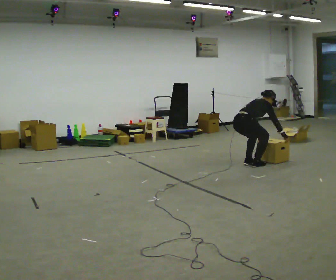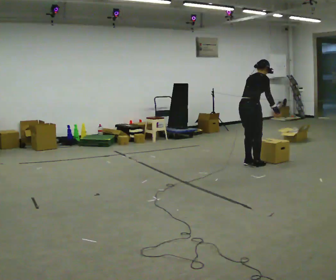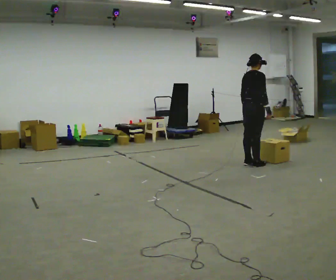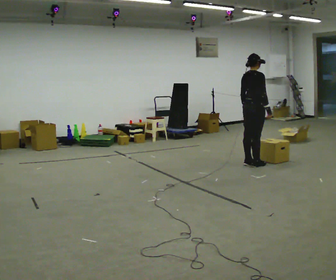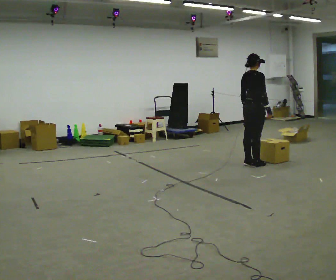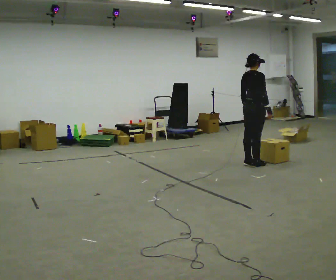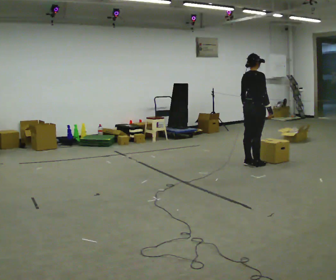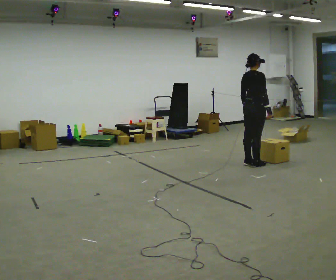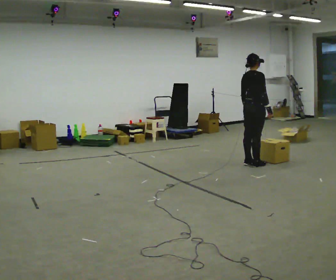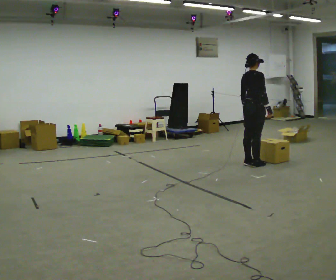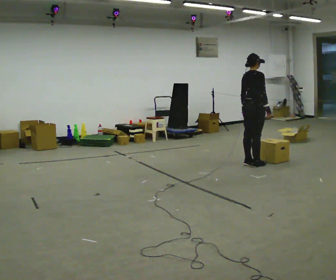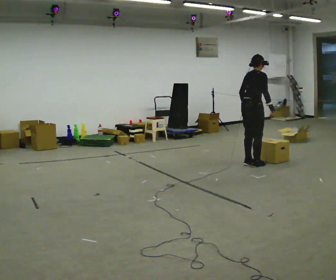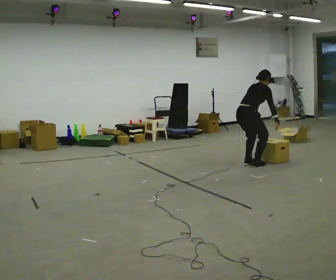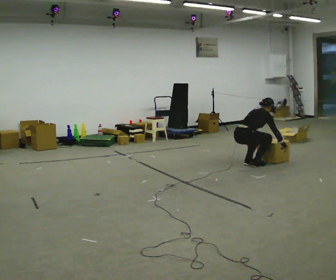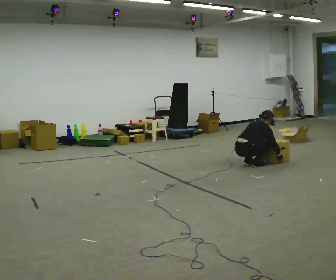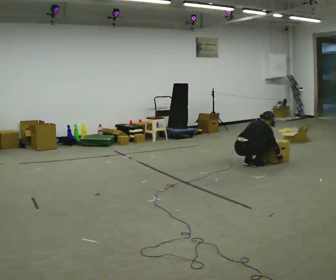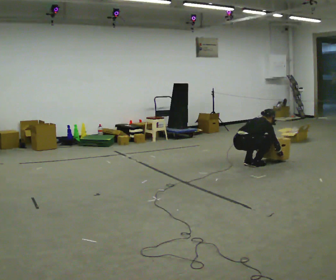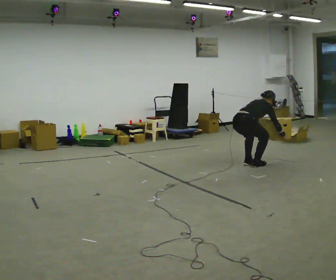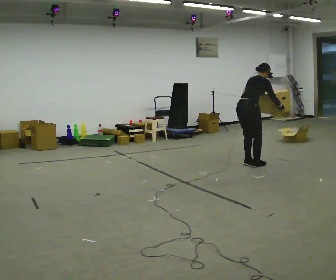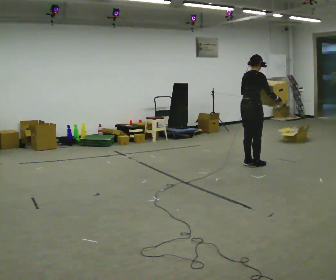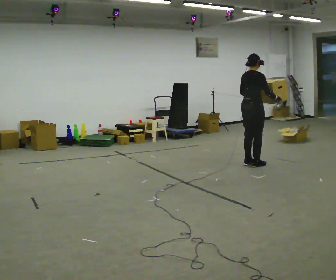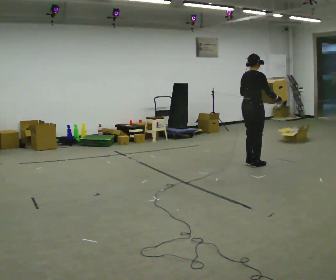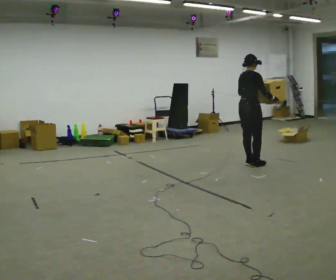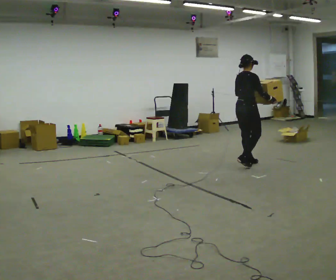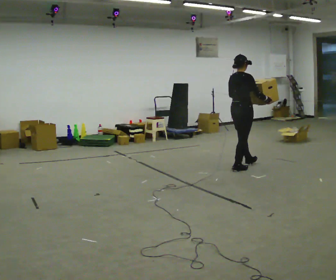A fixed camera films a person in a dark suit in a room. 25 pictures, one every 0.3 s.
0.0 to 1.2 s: The shoulders move upward. In the picture the upper body tilts counterclockwise, shoulders to the left, as they lean back or straighten. In the picture their right hand goes upward.
1.2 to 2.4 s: The person keeps their place and pose.
2.4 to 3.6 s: The upper body goes downward. In the picture the upper body tilts clockwise, shoulders to the right, as they bend forward.
3.6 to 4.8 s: The shoulders move downward. The upper body tips away from the camera, its near side rolling upward, as they bend forward. In the picture their left hand goes downward.
4.8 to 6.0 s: The upper body goes upward. In the picture the upper body tilts counterclockwise, shoulders to the left, as they lean back or straighten. In the picture their right hand goes upward.
6.0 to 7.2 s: In the picture they go toward the camera, about 0.25 m in 2 steps, which for them is backward.
The film runs backward here.
